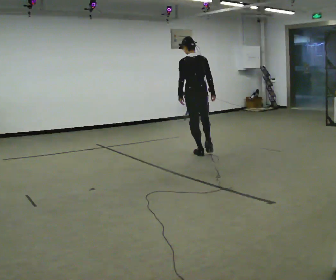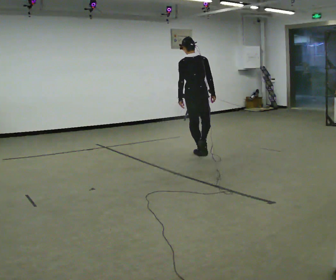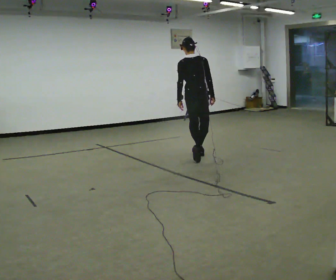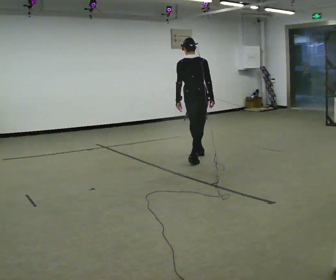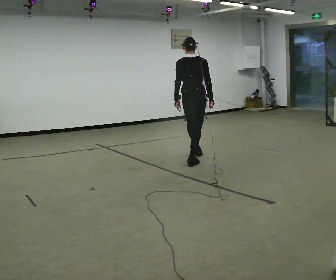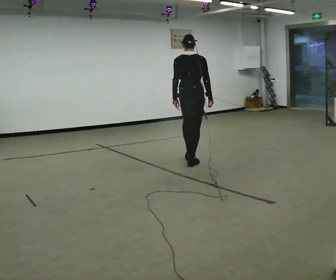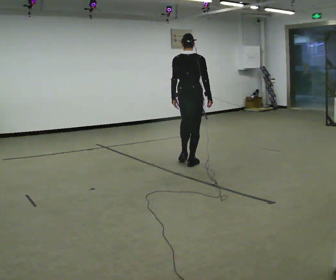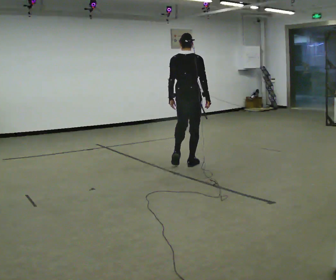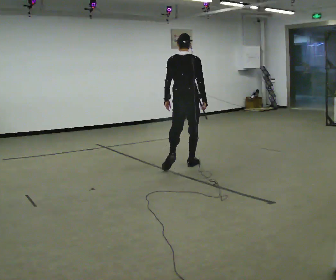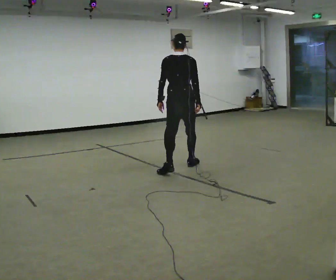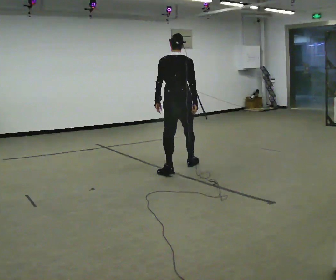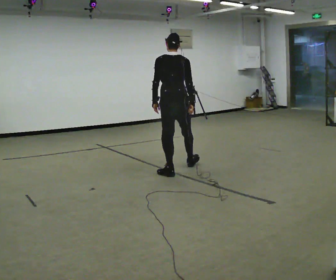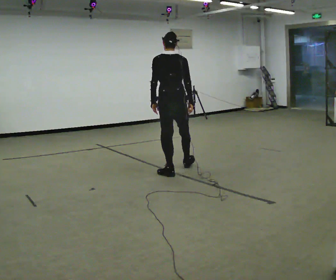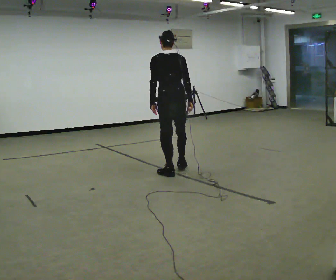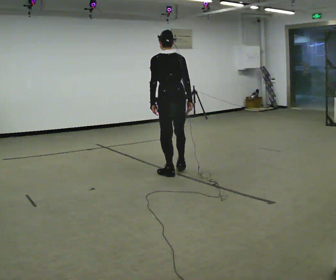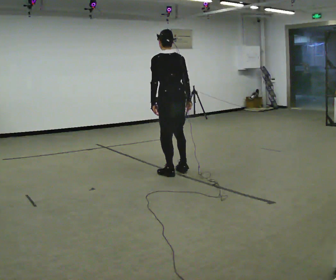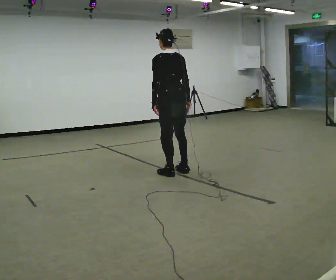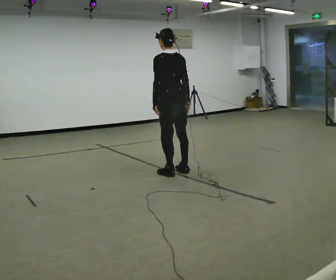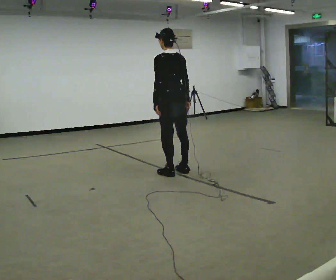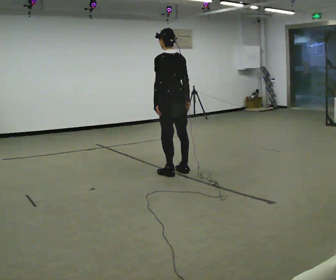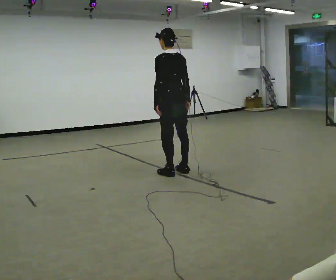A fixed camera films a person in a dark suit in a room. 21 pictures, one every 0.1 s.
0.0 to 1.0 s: In the picture they go toward the camera, about 1 m in 1 step, which for them is backward.
1.0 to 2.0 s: Seen from above the body turns counterclockwise, about 30 degrees: to their left, with its near side sliding to the right.
The film runs backward here.
